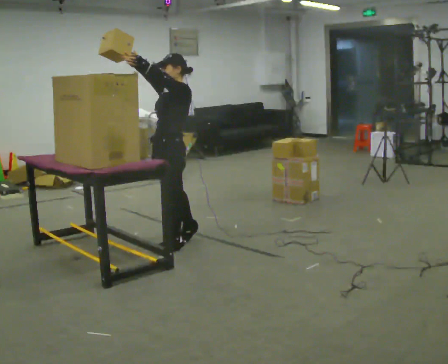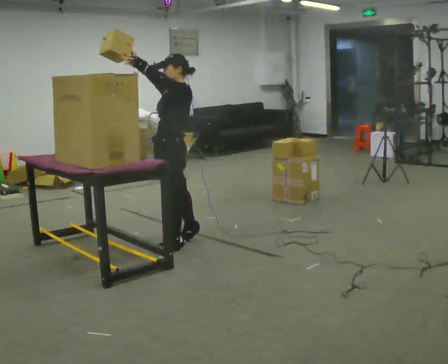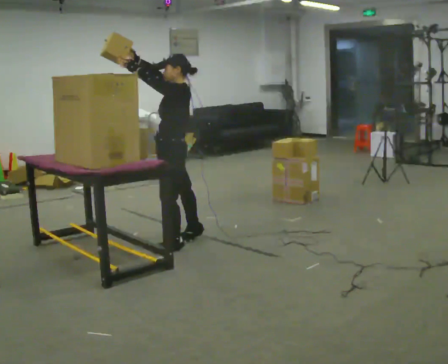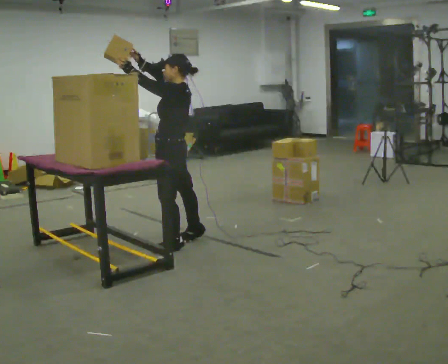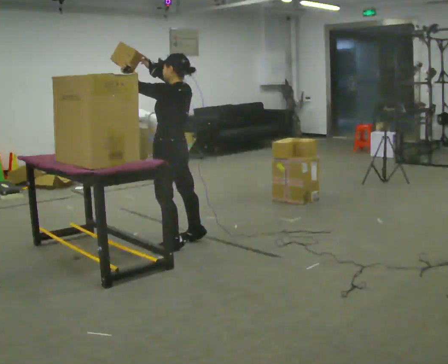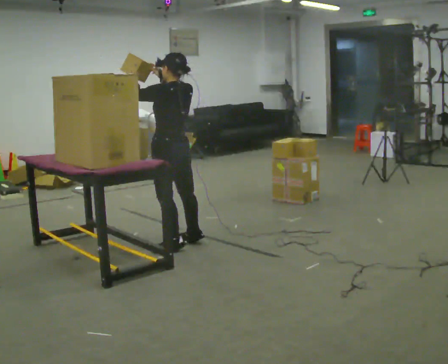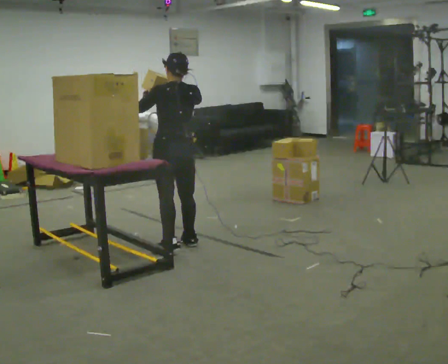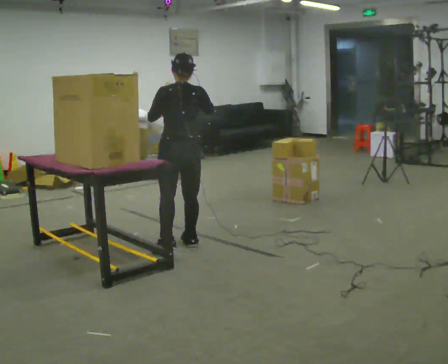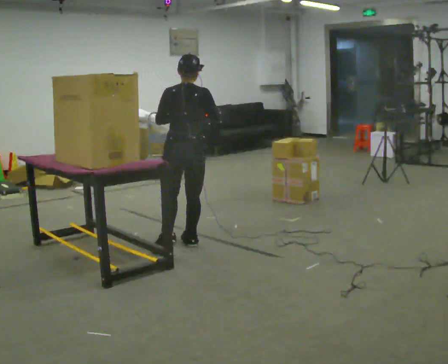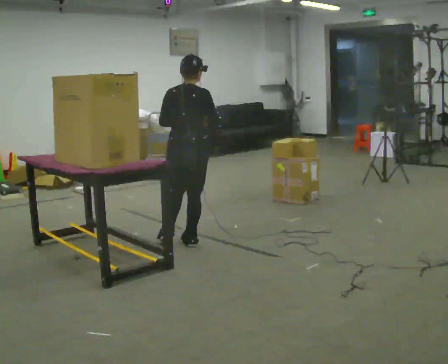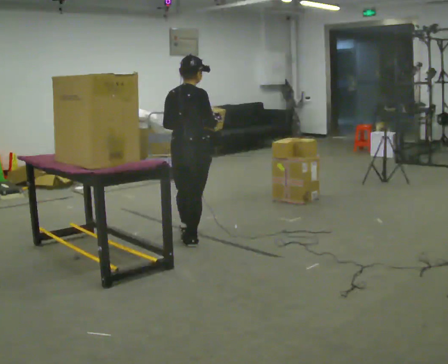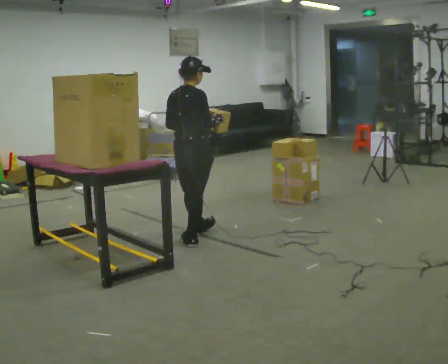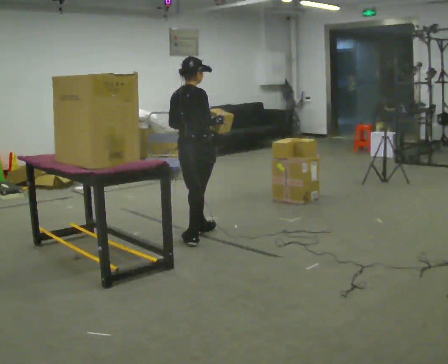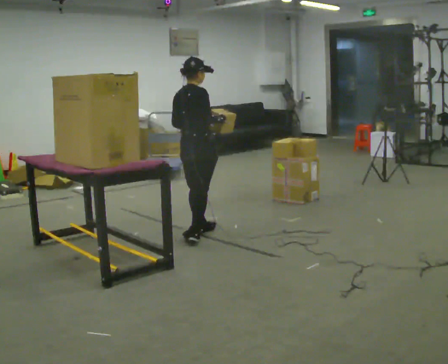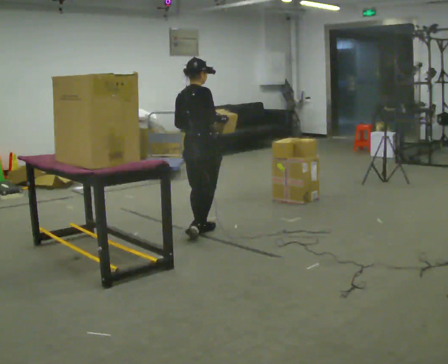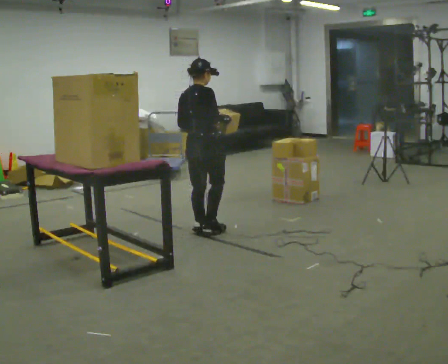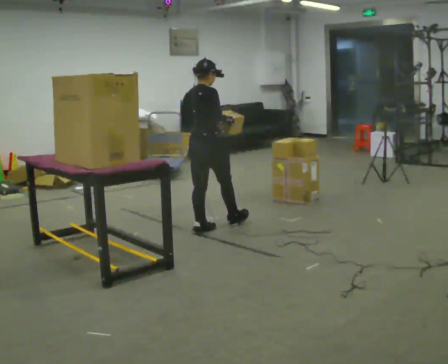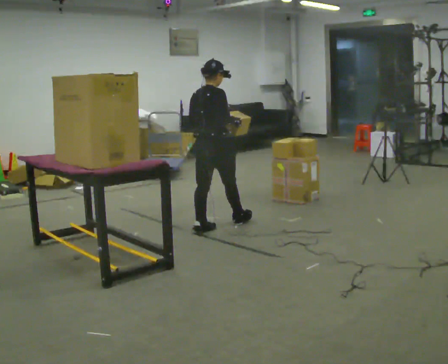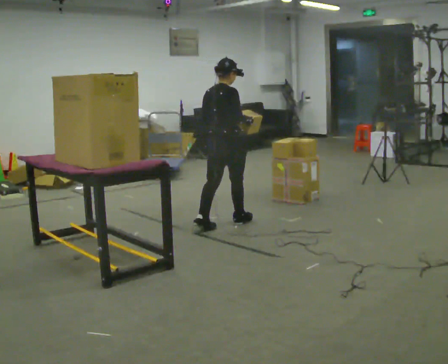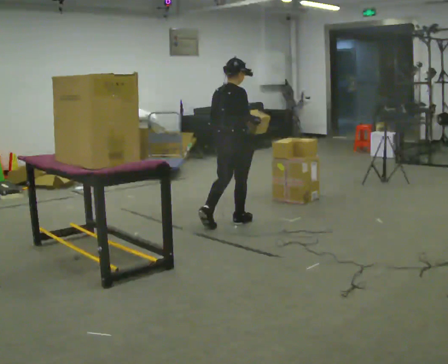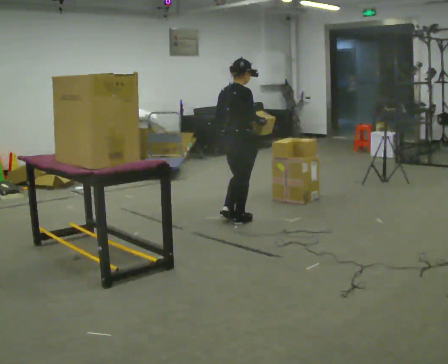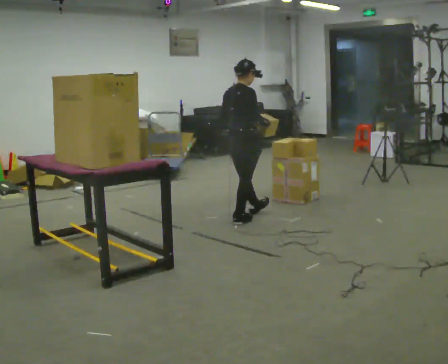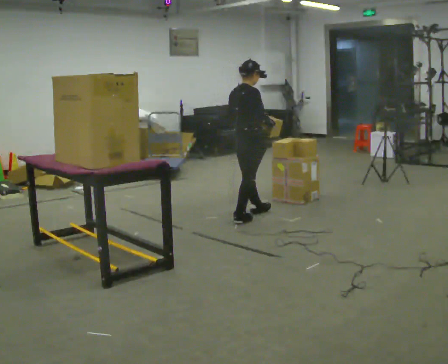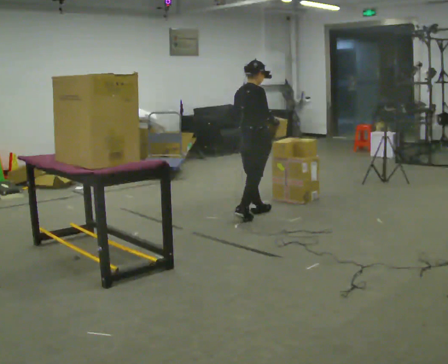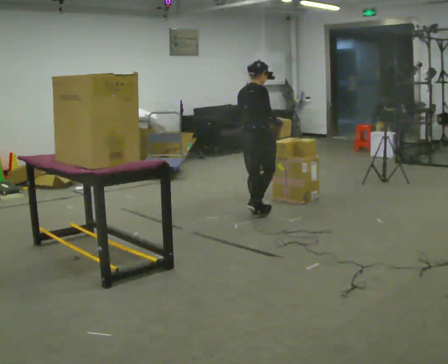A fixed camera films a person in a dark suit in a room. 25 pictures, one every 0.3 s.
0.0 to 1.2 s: The person turns about 60 degrees to their right, clockwise seen from above, so the part of the body nearest the lens slides to the left.
1.2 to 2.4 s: The person turns about 60 degrees to their right, clockwise seen from above, so the part of the body nearest the lens slides to the left. In the picture their right hand goes to the right and downward.
2.4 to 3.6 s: The part of the body nearest the lens slides to the left as the person turns to their right by about 45 degrees. In the picture they go away from the camera, about 0.25 m in 1 step, which for them is forward.
3.6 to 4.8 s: In the picture they go away from the camera, about 0.25 m, which for them is forward.
4.8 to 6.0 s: In the picture they go to the right and away from the camera, about 0.25 m in 1 step, which for them is forward.
6.0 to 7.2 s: In the picture they go away from the camera and to the right, about 0.25 m in 1 step, which for them is forward.
The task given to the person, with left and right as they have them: Take an object down from the highest shelf you can comfortably reach, carry it across, and place it on the waist-height shelf. Keep going until the operator says stop; one object at a time, and do not rush between trips.
The film runs forward here.
